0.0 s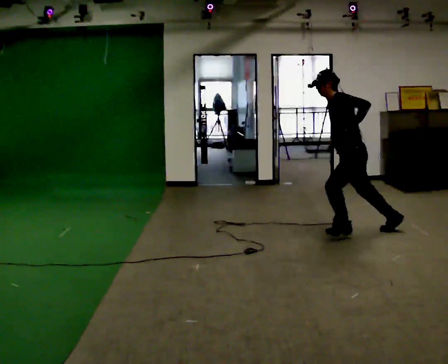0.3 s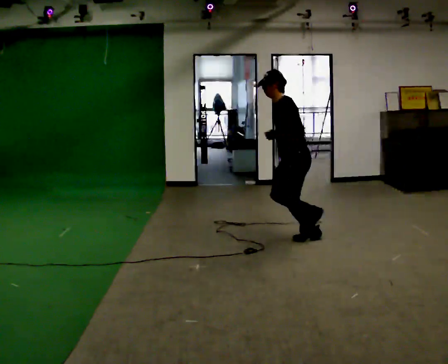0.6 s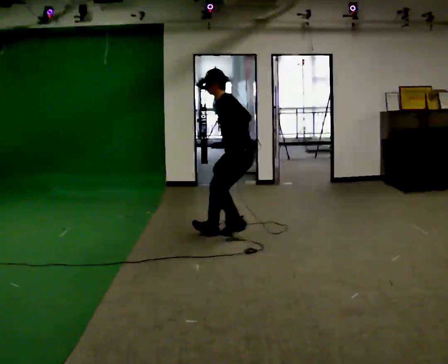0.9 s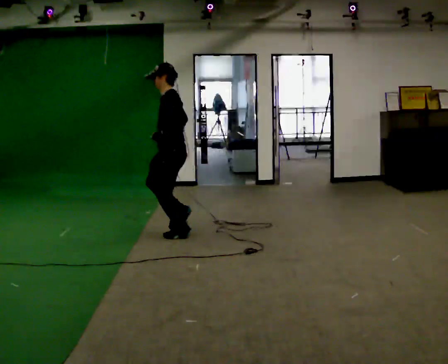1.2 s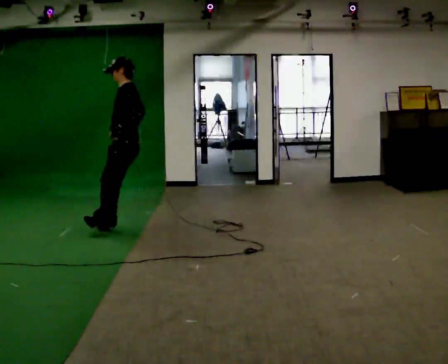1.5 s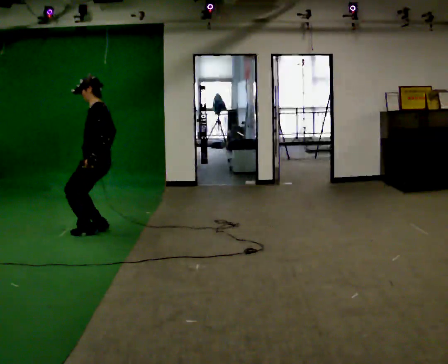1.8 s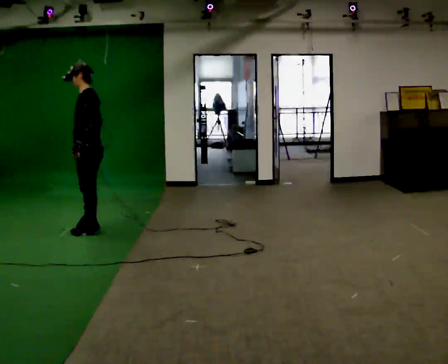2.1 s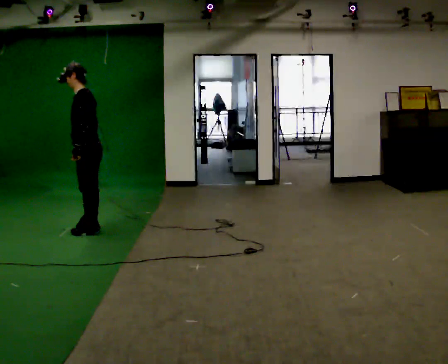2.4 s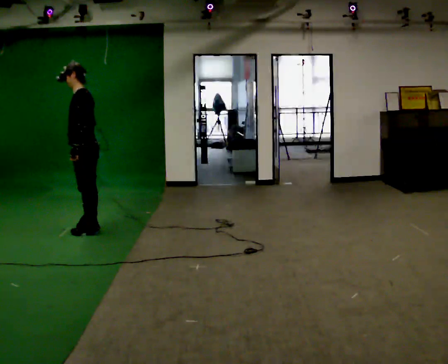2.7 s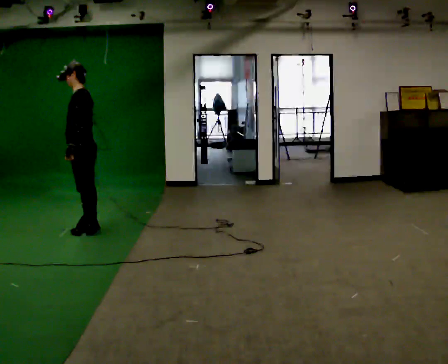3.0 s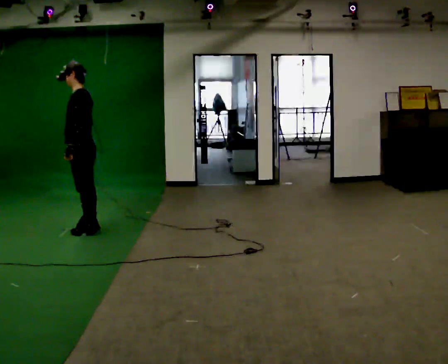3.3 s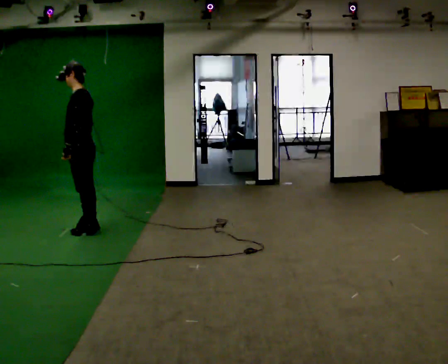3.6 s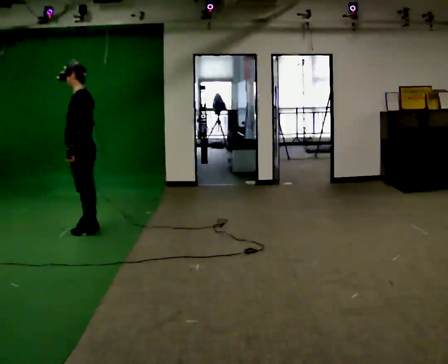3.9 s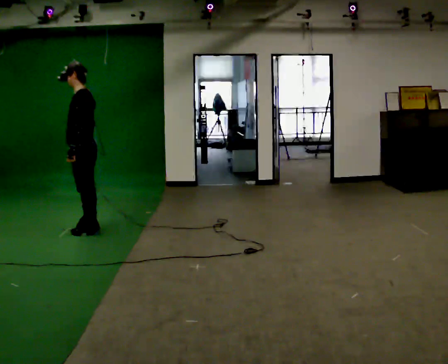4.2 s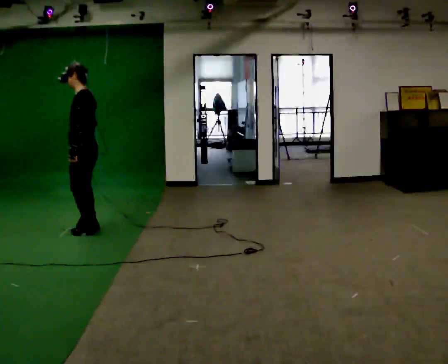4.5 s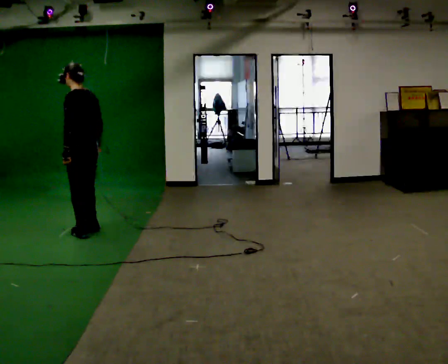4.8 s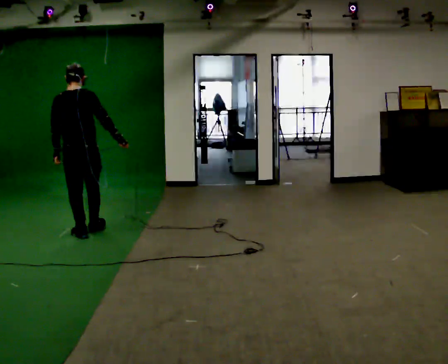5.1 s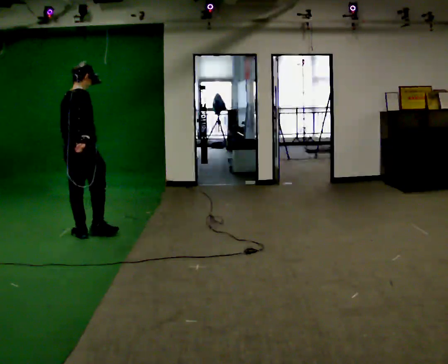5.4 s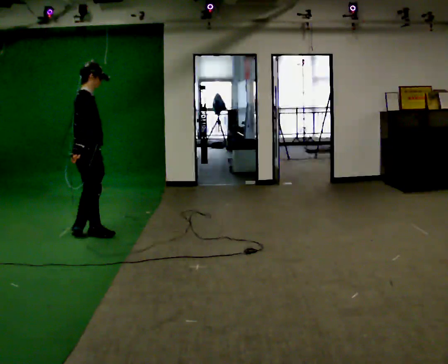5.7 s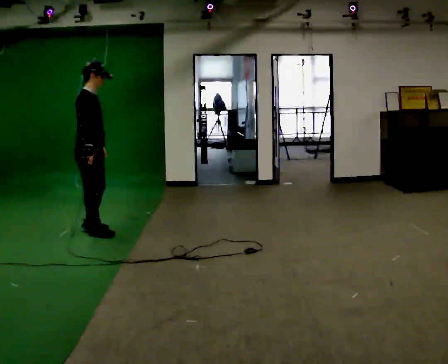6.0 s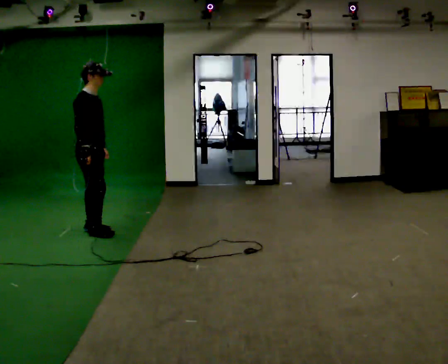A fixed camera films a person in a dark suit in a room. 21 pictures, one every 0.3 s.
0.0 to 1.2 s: In the picture they go to the left, about 2 m in 1 step, which for them is forward.
1.2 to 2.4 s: In the picture they go to the left, about 0.25 m in 2 steps, which for them is forward.
2.4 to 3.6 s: The person moves a little, or ends about where they began.
3.6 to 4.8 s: The person turns about 90 degrees to their right, clockwise seen from above, so the part of the body nearest the lens slides to the left. In the picture they go toward the camera, about 0.25 m in 1 step. In the picture their right hand goes to the right, the arm swinging counterclockwise.
4.8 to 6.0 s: The part of the body nearest the lens slides to the left as the person turns to their right by about 90 degrees. In the picture their right hand goes to the left.
The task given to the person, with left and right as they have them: Take a few running steps and leap forward as far as is comfortable; land on both feet. Repeat the movement at your own pace until the operator says stop; do not rush.
The film runs forward here.
